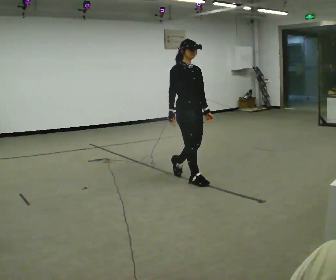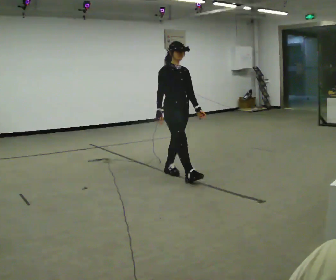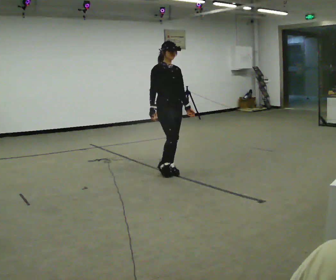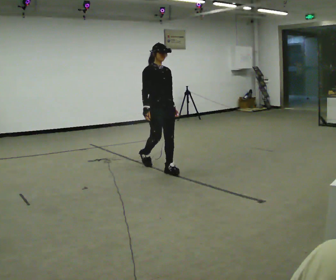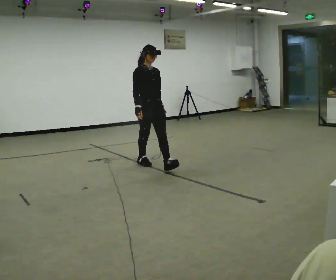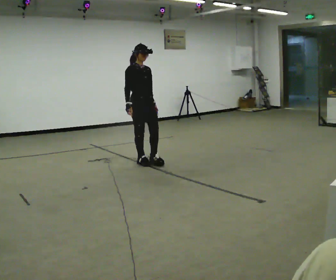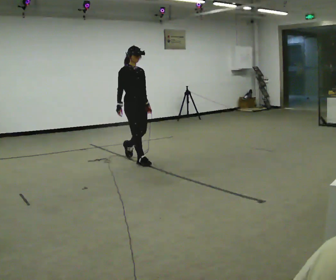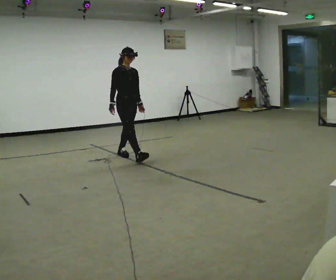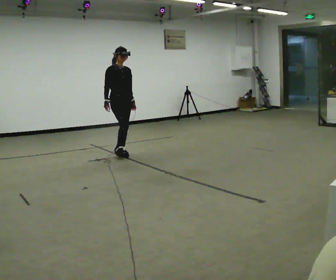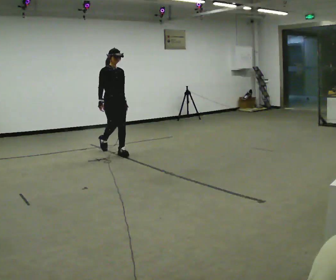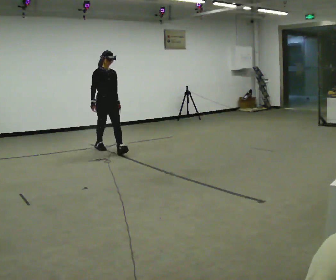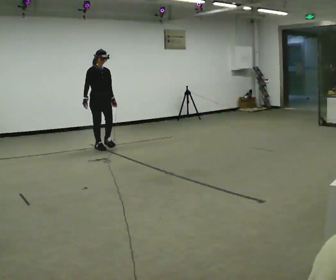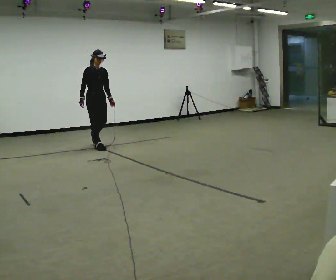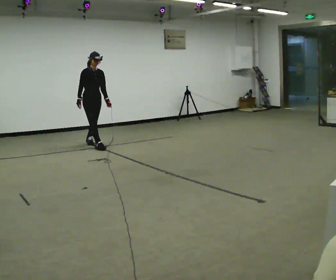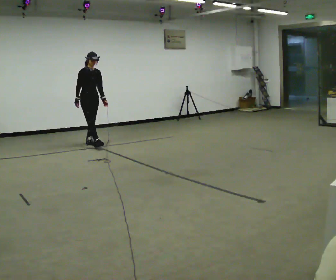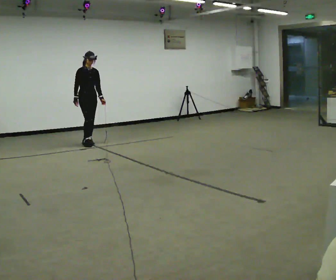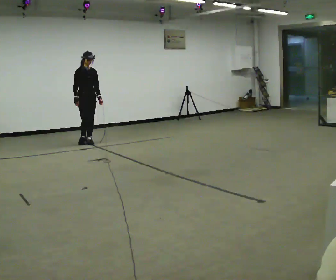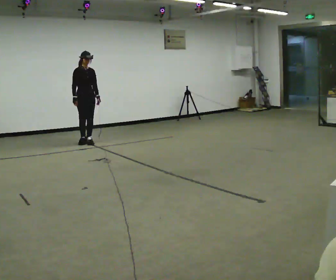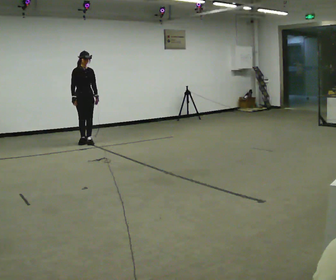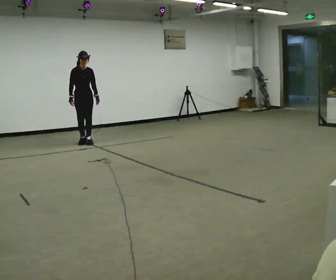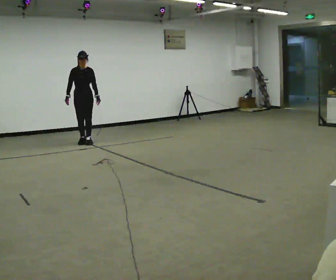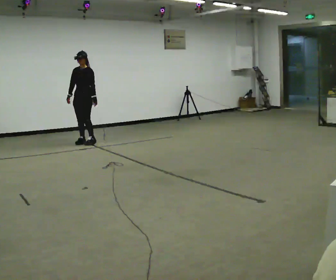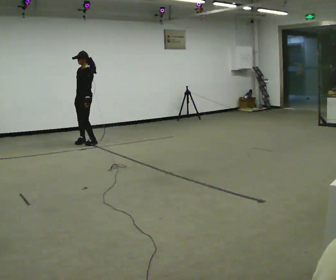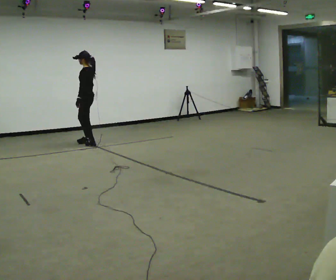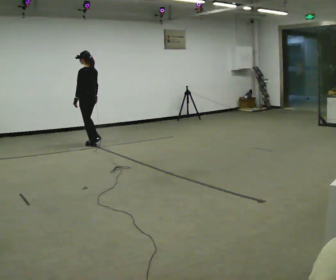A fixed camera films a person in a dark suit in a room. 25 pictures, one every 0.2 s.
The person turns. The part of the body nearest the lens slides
to the left.
The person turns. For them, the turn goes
to their right.
0.0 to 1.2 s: In the picture they go away from the camera and to the left, about 1 m in 2 steps, which for them is backward.
1.2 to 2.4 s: In the picture they go away from the camera and to the left, about 1 m in 2 steps, which for them is backward.
2.4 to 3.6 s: In the picture they go away from the camera and to the left, about 0.5 m in 1 step, which for them is backward.
3.6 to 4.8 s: Seen from above the body turns clockwise, about 150 degrees: to their right, with its near side sliding to the left. In the picture their left hand goes to the left, the arm swinging clockwise.
The film runs backward here.
